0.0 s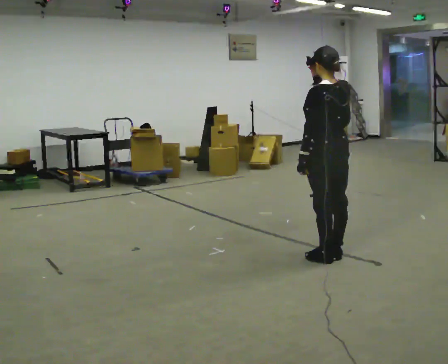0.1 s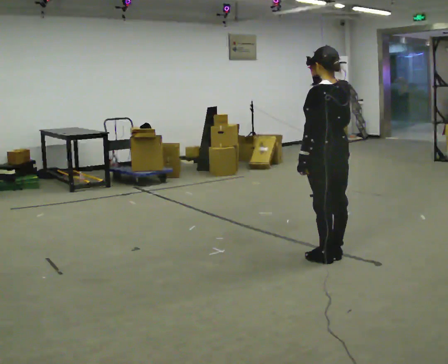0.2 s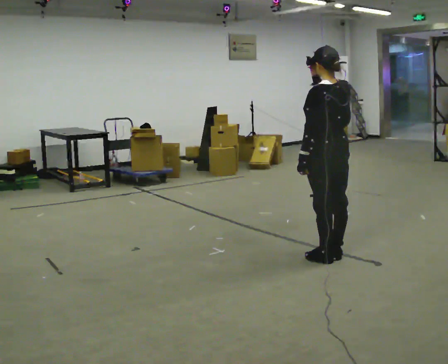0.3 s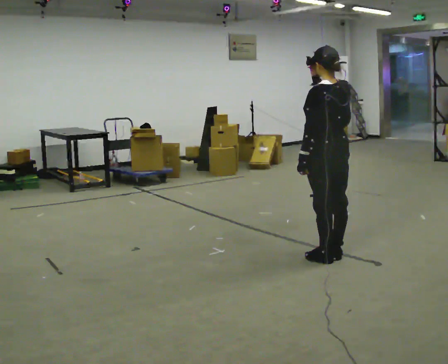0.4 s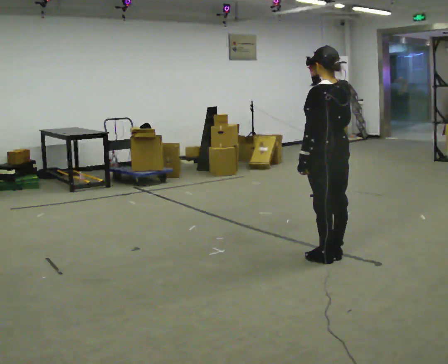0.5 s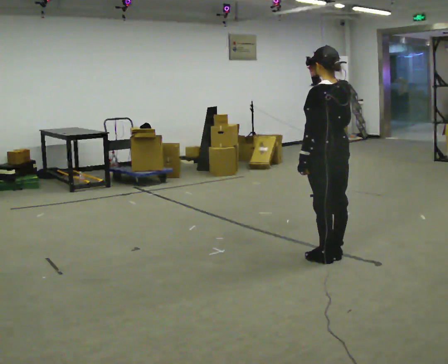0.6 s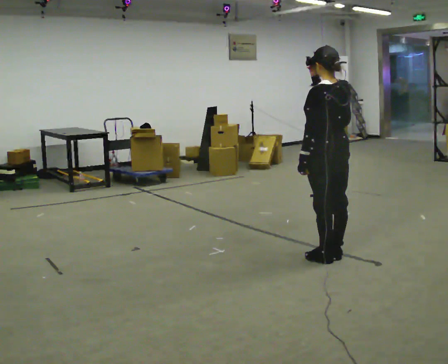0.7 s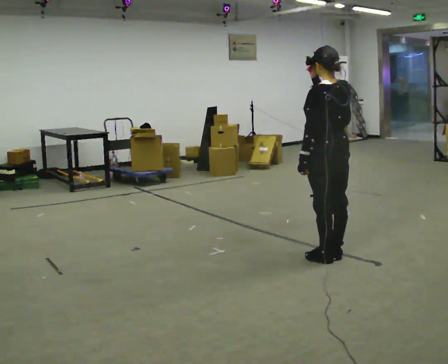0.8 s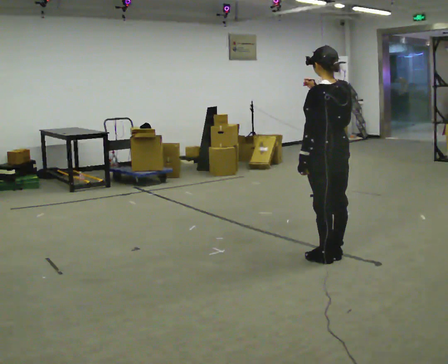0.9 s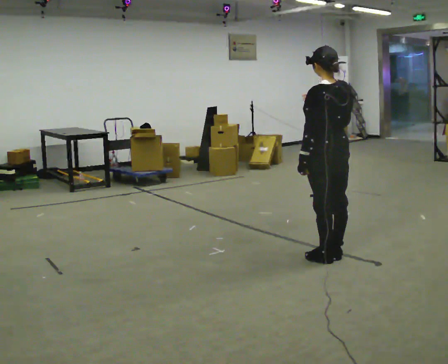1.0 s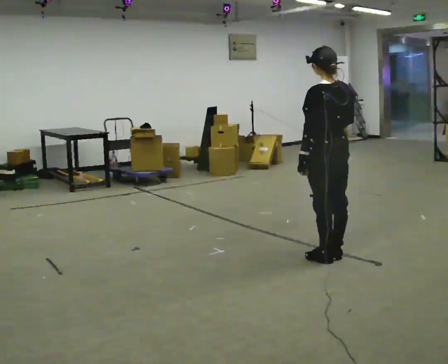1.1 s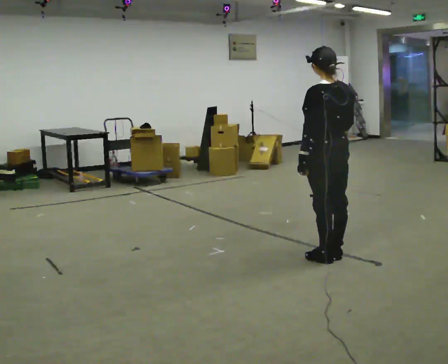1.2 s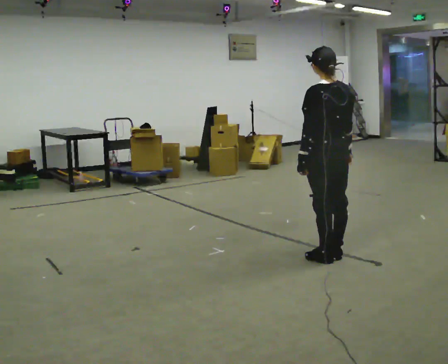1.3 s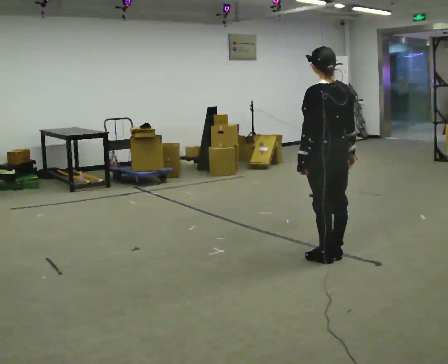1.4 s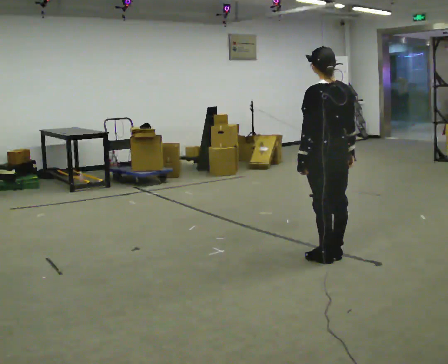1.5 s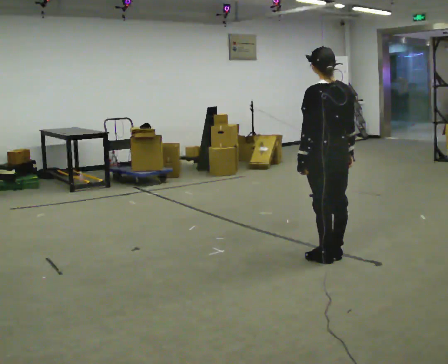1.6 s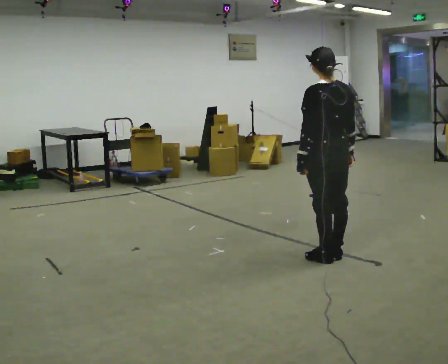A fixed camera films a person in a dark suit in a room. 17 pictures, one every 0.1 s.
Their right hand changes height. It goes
downward.
0.0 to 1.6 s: In the picture their right hand goes downward.
The film runs forward here.
